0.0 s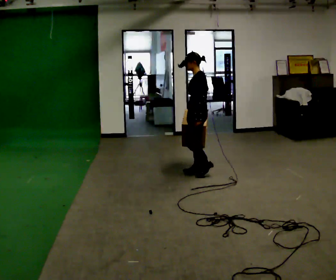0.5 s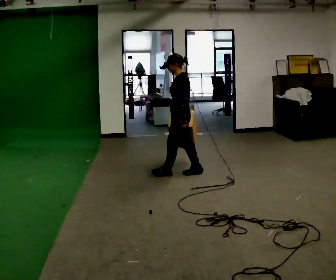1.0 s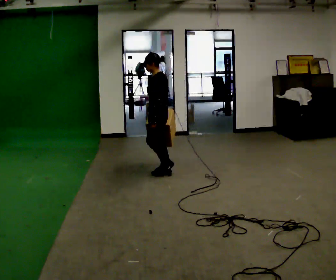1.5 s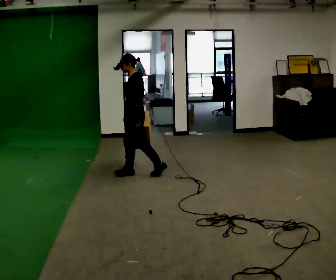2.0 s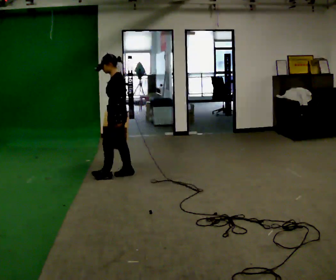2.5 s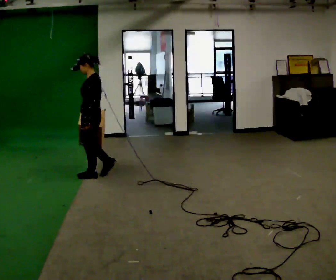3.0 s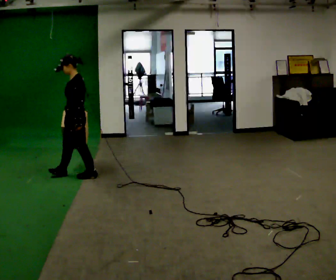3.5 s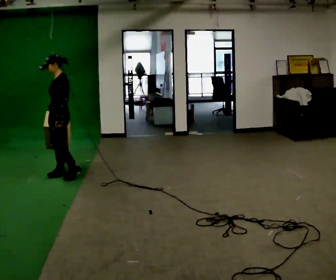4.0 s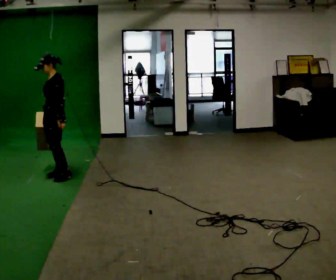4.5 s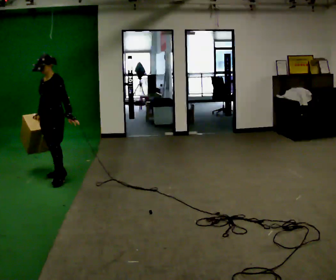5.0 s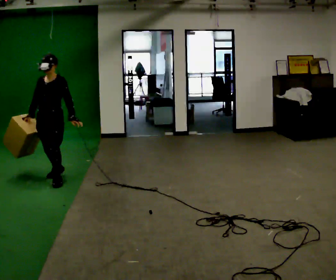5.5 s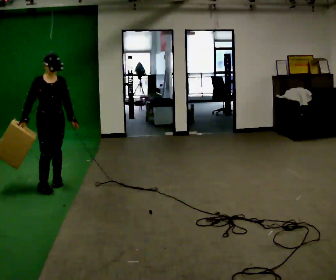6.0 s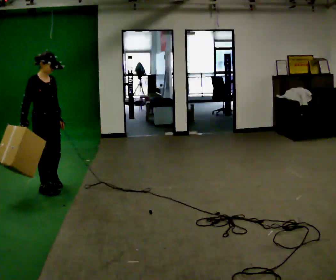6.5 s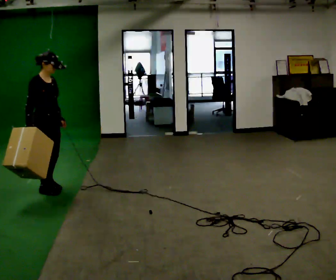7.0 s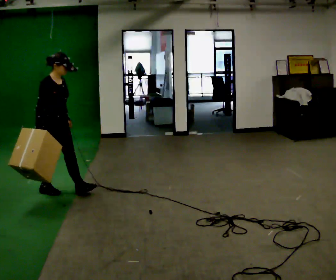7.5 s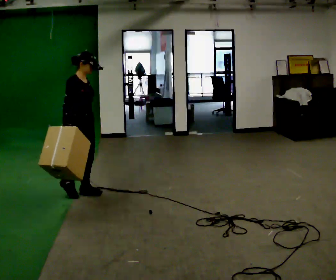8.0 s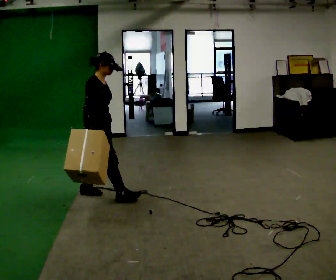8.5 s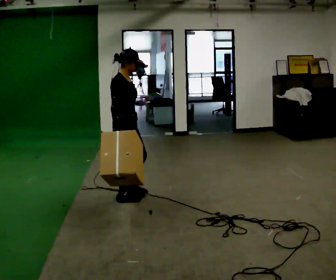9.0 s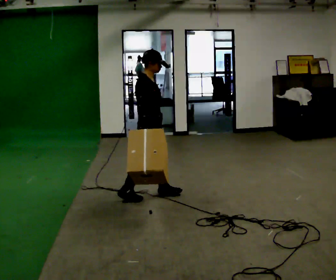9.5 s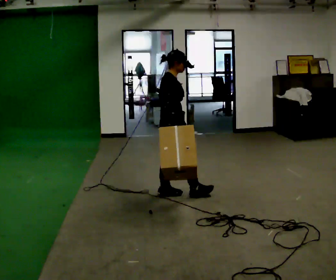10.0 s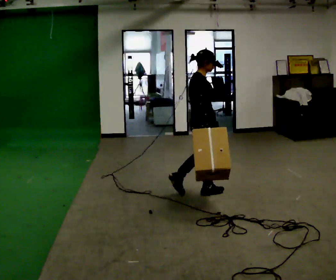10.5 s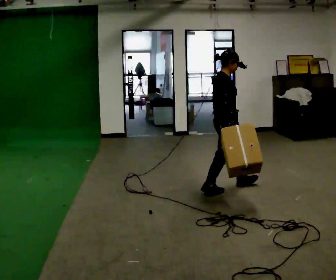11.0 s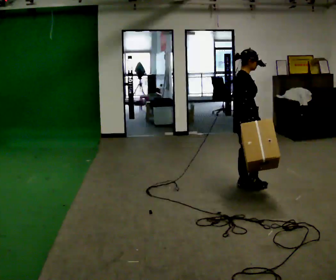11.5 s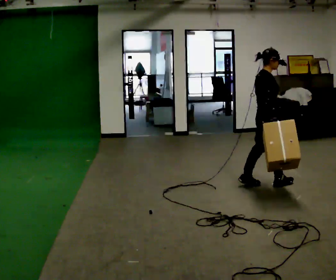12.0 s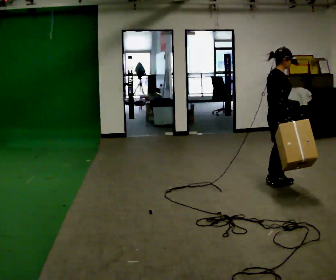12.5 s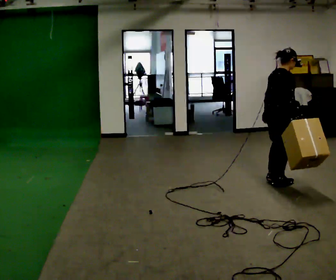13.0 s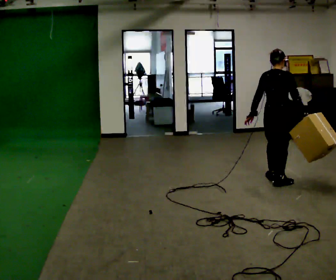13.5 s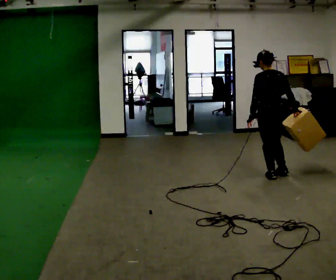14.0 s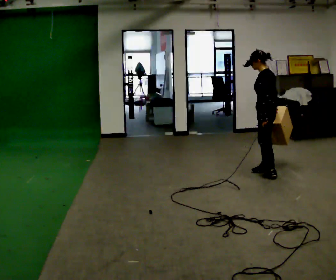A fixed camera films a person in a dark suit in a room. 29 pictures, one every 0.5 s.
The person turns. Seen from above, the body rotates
counterclockwise.
The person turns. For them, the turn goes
to their left.
0.0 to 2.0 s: In the picture they go to the left and away from the camera, about 1 m in 2 steps, which for them is forward.
2.0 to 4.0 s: Seen from above the body turns counterclockwise, about 30 degrees: to their left, with its near side sliding to the right. In the picture they go to the left, about 0.5 m in 3 steps, which for them is forward.
4.0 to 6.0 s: The part of the body nearest the lens slides to the right as the person turns to their left by about 120 degrees. In the picture they go toward the camera and to the left, about 0.5 m in 2 steps.
6.0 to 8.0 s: In the picture they go to the right and toward the camera, about 0.75 m in 3 steps, which for them is forward.
8.0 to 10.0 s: In the picture they go to the right and toward the camera, about 1 m in 2 steps, which for them is forward.
10.0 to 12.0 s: In the picture they go to the right, about 1 m in 3 steps, which for them is forward.
12.0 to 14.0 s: Seen from above the body turns counterclockwise, about 150 degrees: to their left, with its near side sliding to the right. In the picture they go away from the camera and to the right, about 0.5 m in 2 steps.
The film runs forward here.
